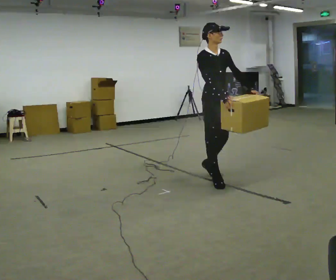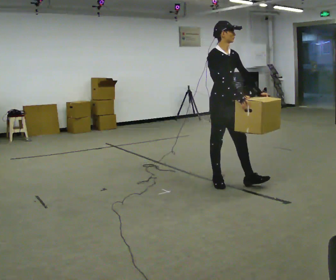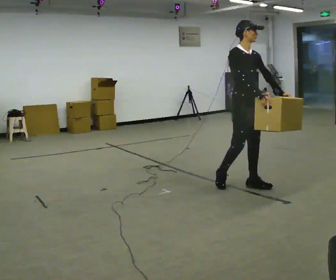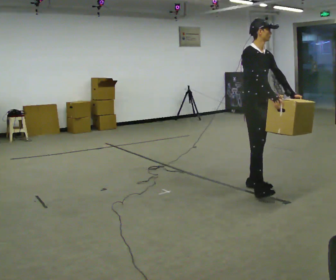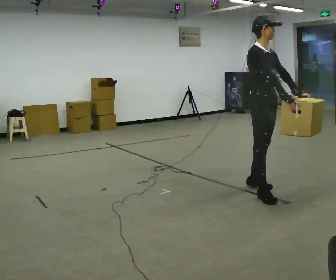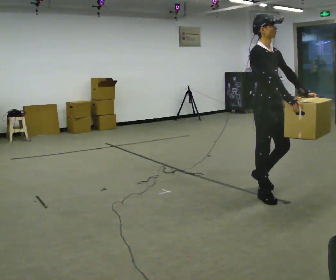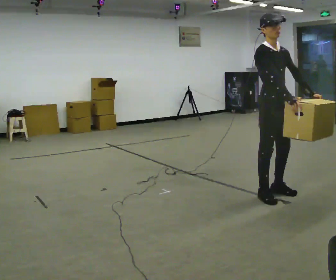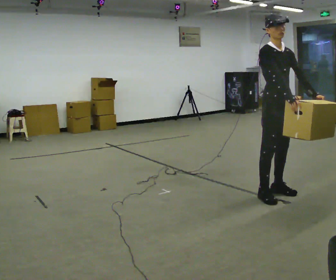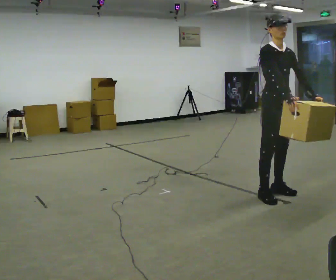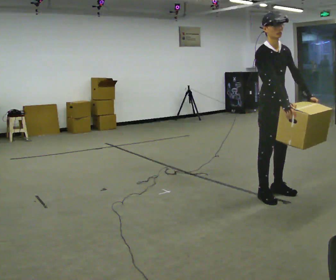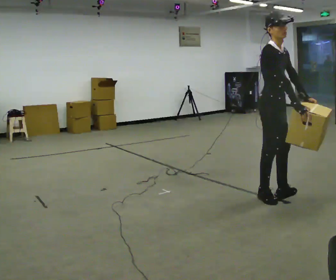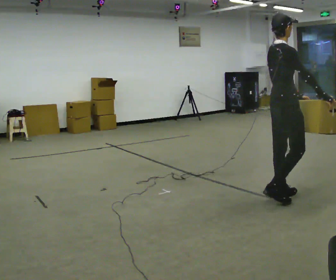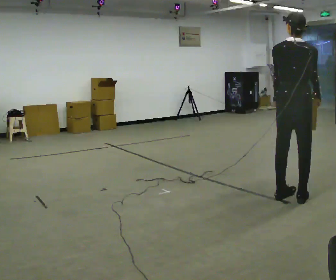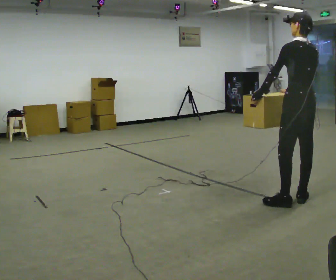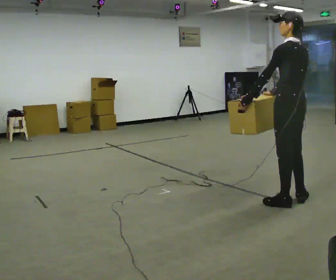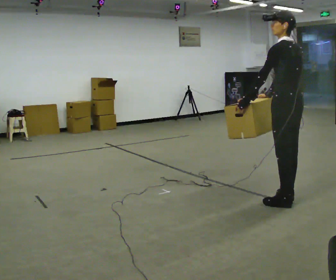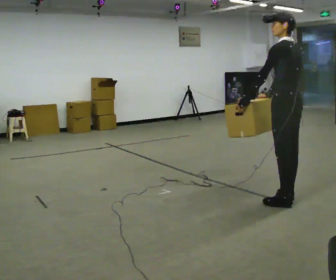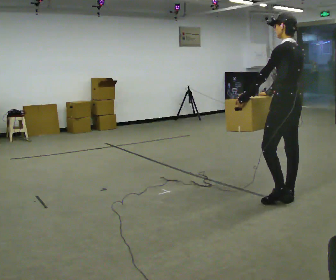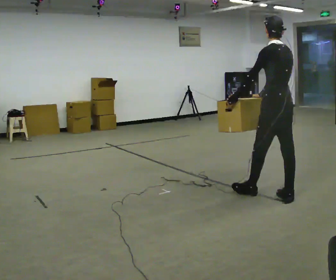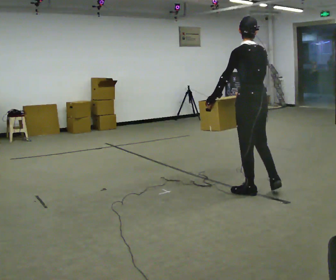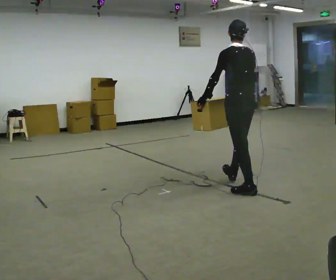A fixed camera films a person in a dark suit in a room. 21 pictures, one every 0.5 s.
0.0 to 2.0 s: In the picture they go to the right and toward the camera, about 0.75 m in 2 steps, which for them is forward.
2.0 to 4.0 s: The person moves a little, or ends about where they began.
4.0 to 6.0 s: The person turns about 135 degrees to their left, counterclockwise seen from above, so the part of the body nearest the lens slides to the right. In the picture they go to the right, about 0.25 m in 2 steps.
6.0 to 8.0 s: The person turns about 60 degrees to their left, counterclockwise seen from above, so the part of the body nearest the lens slides to the right. In the picture their right hand goes to the left, the arm swinging clockwise.
8.0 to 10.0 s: In the picture they go to the left and away from the camera, about 0.5 m in 1 step, which for them is forward.
The film runs forward here.
